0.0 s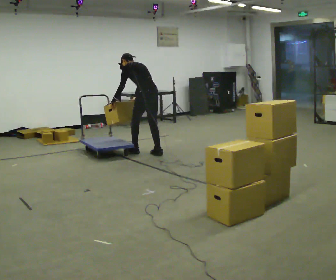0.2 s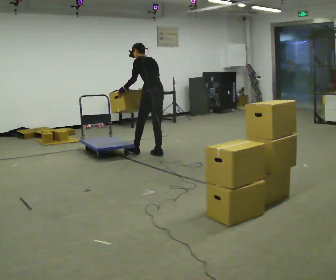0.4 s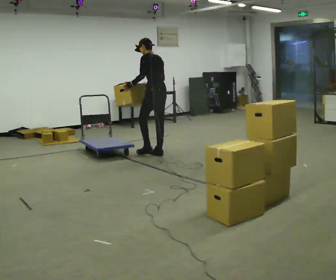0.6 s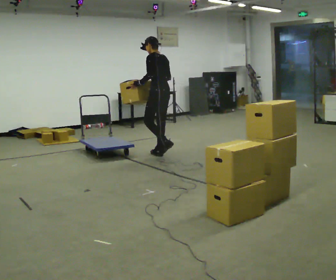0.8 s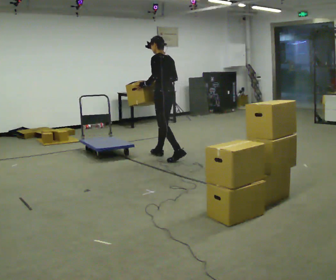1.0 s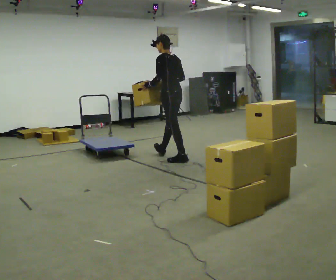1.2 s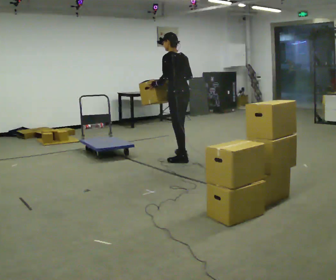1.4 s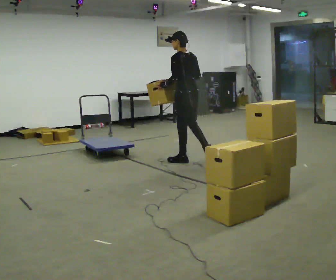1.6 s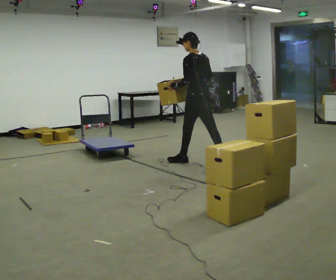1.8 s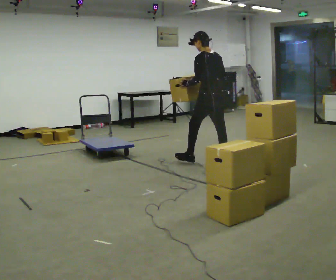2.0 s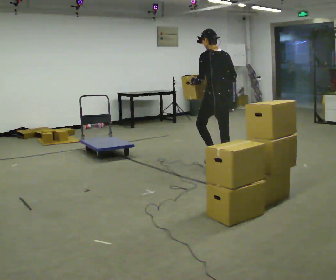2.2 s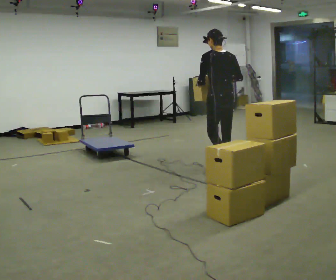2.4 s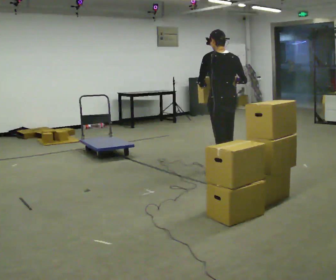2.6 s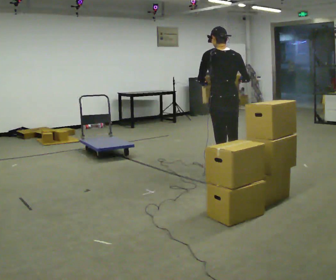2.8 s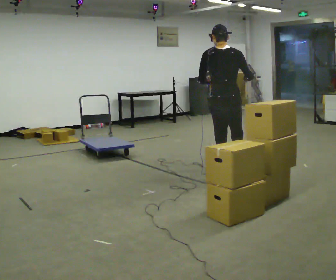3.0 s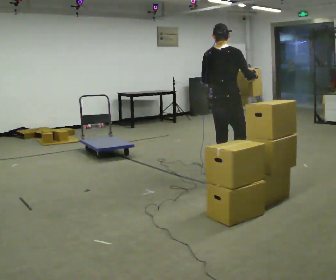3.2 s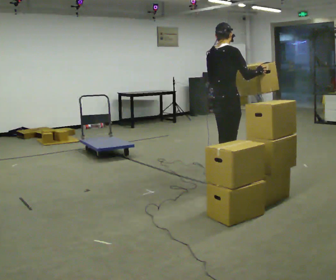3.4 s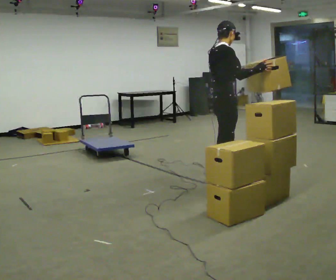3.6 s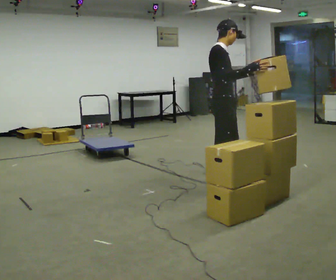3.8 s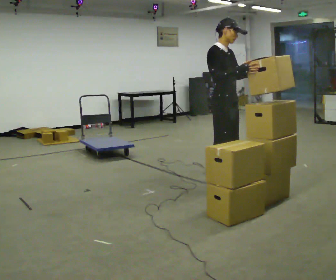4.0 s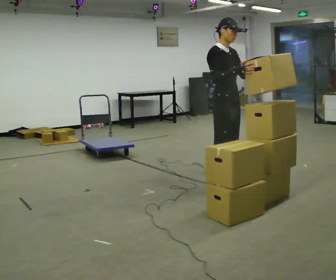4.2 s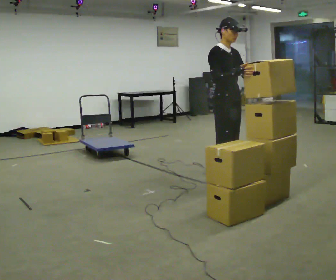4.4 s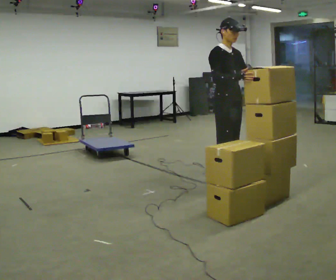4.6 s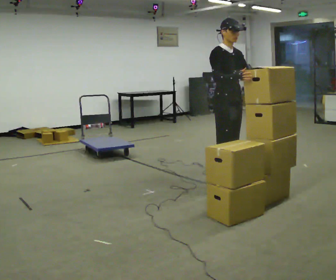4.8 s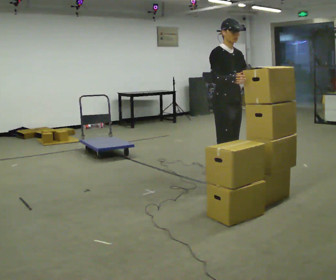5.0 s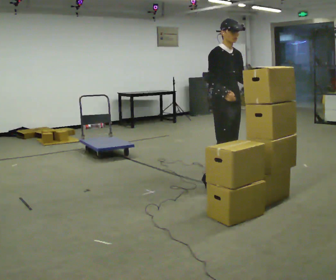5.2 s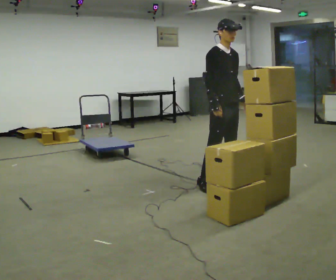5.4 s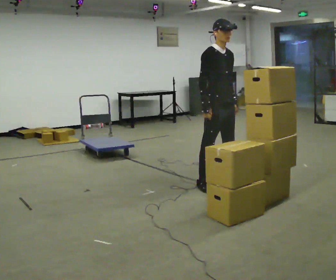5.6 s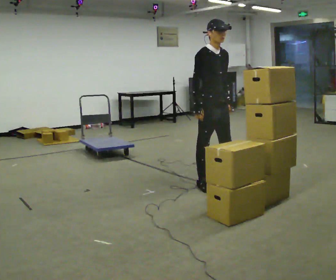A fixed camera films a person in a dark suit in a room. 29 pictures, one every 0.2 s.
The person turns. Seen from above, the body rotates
clockwise.
The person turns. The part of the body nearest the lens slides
to the left.
0.0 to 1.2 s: In the picture they go to the right and toward the camera, about 0.5 m in 2 steps, which for them is backward. In the picture the upper body tilts clockwise, shoulders to the right, as they lean back or straighten.
1.2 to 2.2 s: The part of the body nearest the lens slides to the left as the person turns to their right by about 30 degrees. In the picture they go to the right and toward the camera, about 0.5 m in 1 step, which for them is backward.
2.2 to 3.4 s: The part of the body nearest the lens slides to the left as the person turns to their right by about 105 degrees. In the picture they go toward the camera, about 0.75 m in 1 step.
3.4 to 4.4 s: Seen from above the body turns clockwise, about 60 degrees: to their right, with its near side sliding to the left. In the picture their left hand goes to the right.
4.4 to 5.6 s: In the picture they go to the left, about 0.25 m in 1 step, which for them is backward. In the picture their left hand goes to the left, the arm swinging clockwise.
The film runs backward here.
